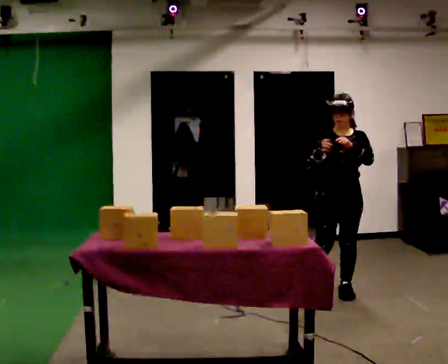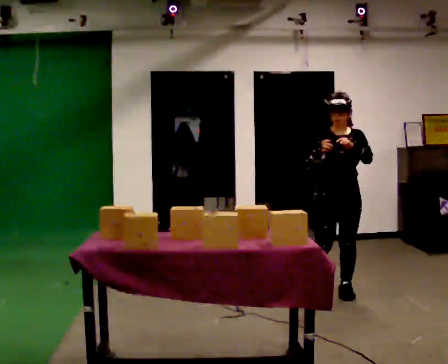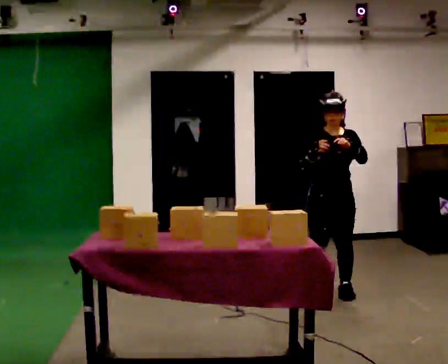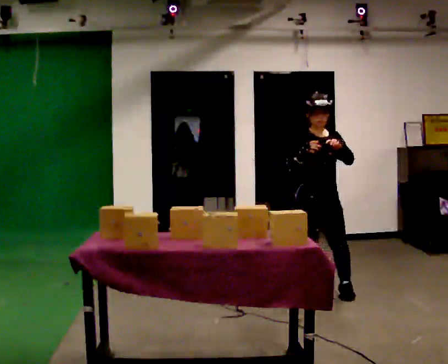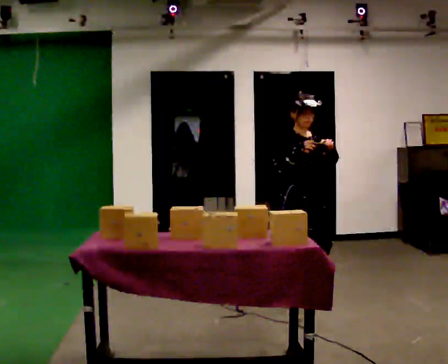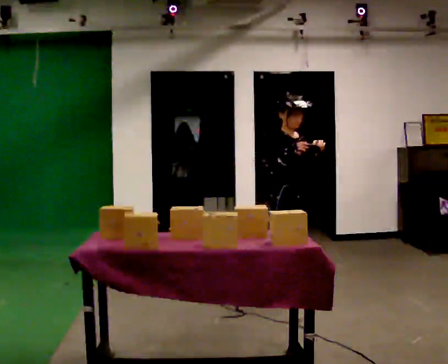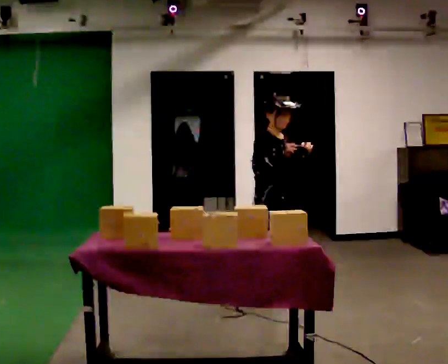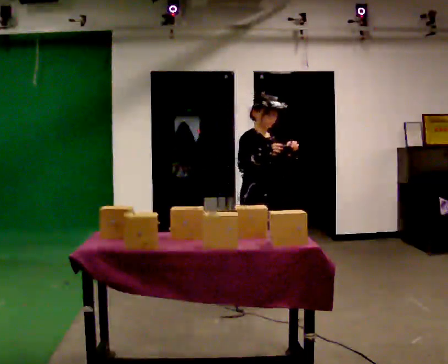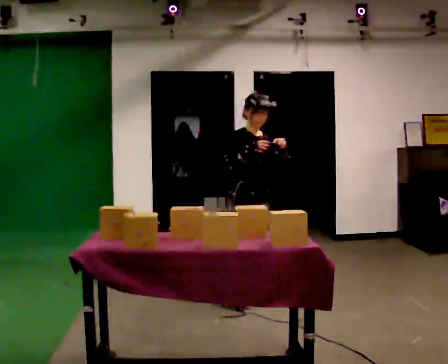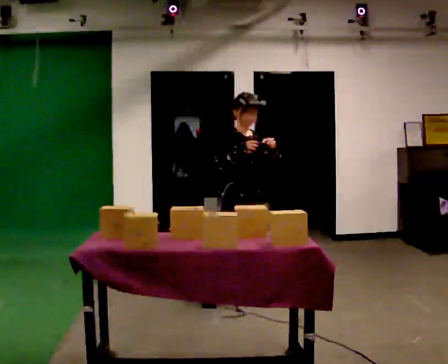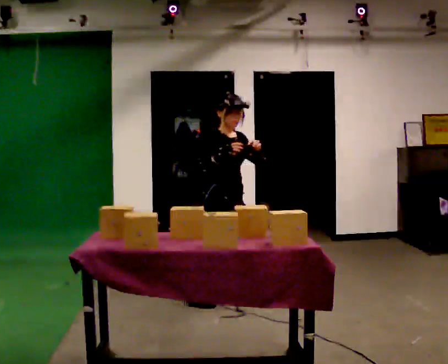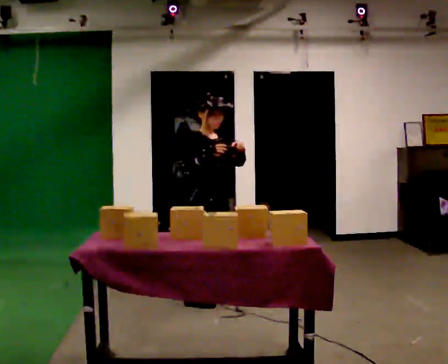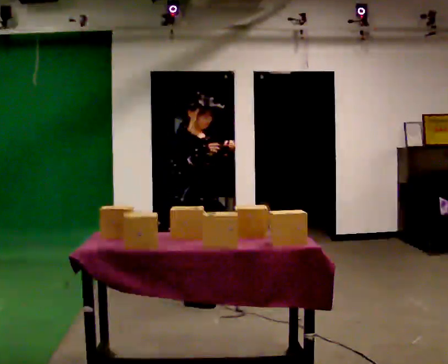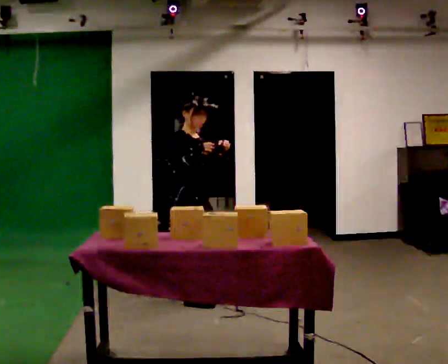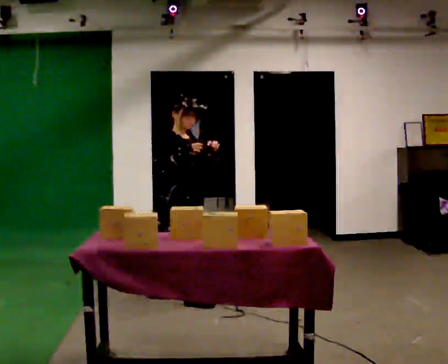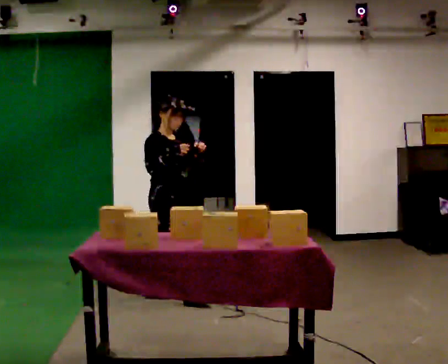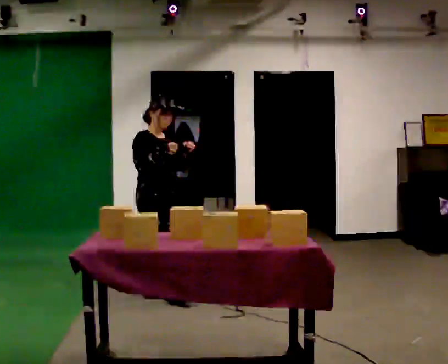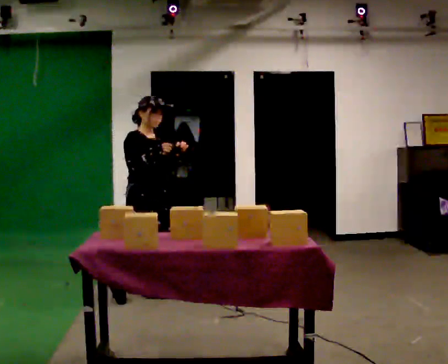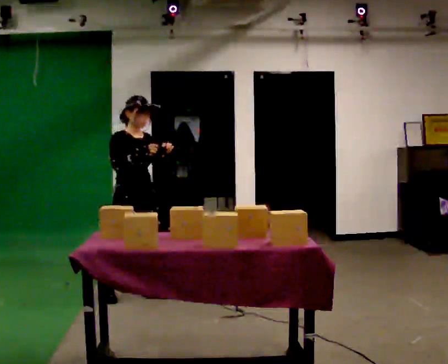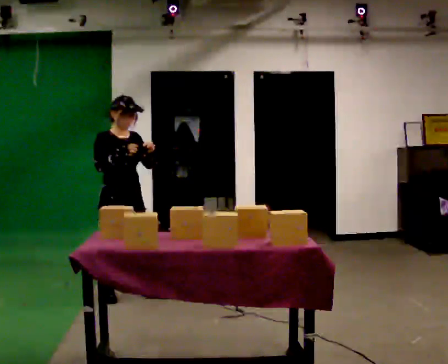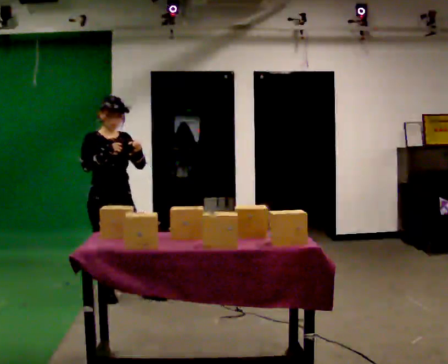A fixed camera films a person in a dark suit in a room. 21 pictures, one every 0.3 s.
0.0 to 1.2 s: The part of the body nearest the lens slides to the right as the person turns to their left by about 60 degrees. In the picture they go to the left, about 0.25 m in 1 step, which for them is to their right.
1.2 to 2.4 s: In the picture they go to the left, about 0.5 m in 1 step, which for them is backward.
2.4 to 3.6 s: In the picture they go to the left and toward the camera, about 0.5 m in 1 step, which for them is to their right and backward.
3.6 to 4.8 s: In the picture they go to the left and away from the camera, about 0.5 m in 1 step, which for them is backward.
4.8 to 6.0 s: The person turns about 30 degrees to their right, clockwise seen from above, so the part of the body nearest the lens slides to the left. In the picture they go to the left, about 0.25 m, which for them is to their right and backward.
The film runs backward here.
